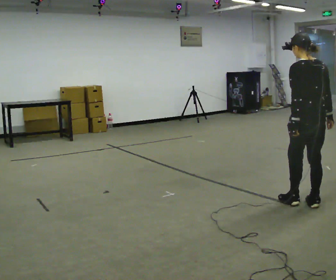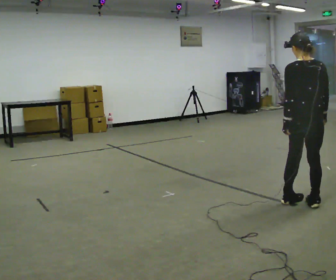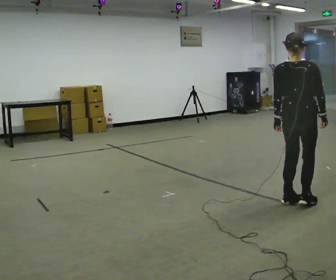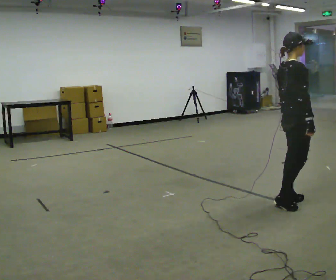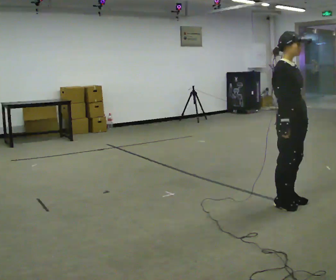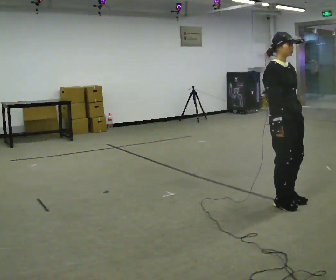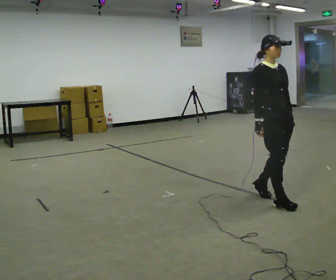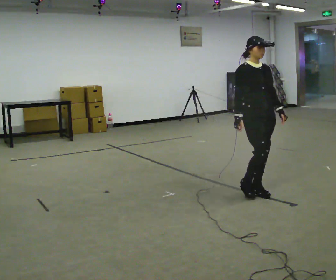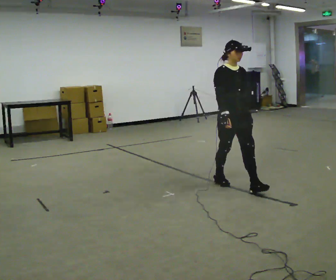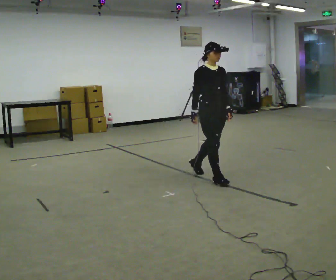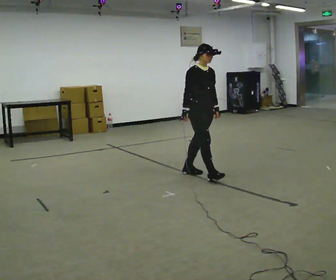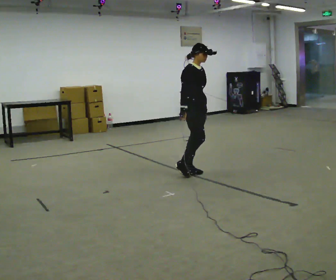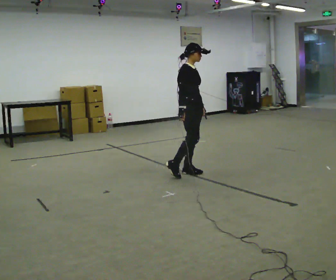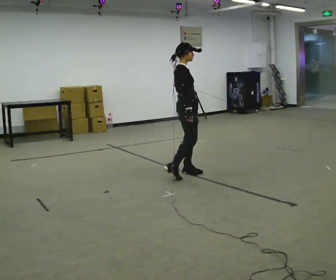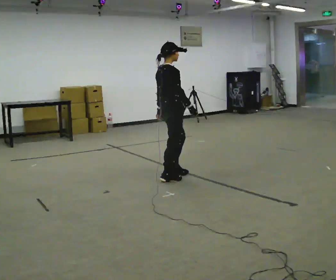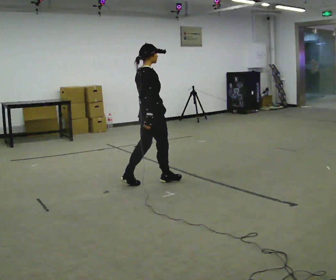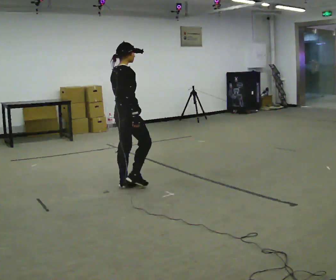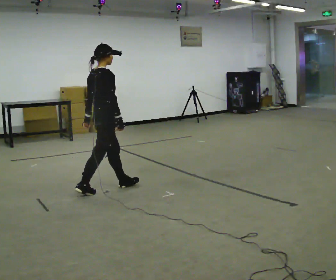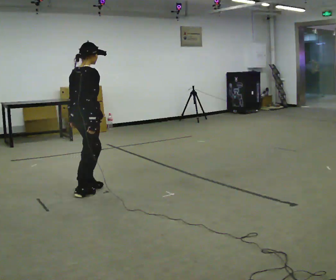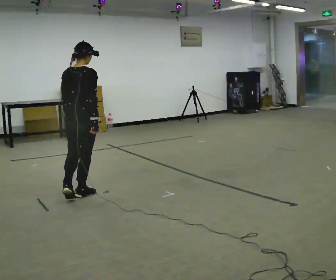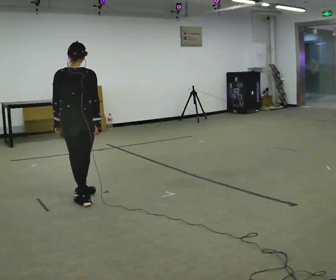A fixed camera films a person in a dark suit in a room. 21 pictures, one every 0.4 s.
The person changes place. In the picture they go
to the left.
0.0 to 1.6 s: The part of the body nearest the lens slides to the left as the person turns to their right by about 150 degrees. In the picture they go to the left, about 0.25 m in 1 step.
1.6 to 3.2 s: Seen from above the body turns clockwise, about 30 degrees: to their right, with its near side sliding to the left. In the picture they go away from the camera and to the left, about 1 m in 3 steps, which for them is backward.
3.2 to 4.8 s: Seen from above the body turns counterclockwise, about 45 degrees: to their left, with its near side sliding to the right. In the picture they go away from the camera and to the left, about 0.5 m in 1 step, which for them is backward.
4.8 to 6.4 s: The part of the body nearest the lens slides to the right as the person turns to their left by about 45 degrees. In the picture they go to the left and toward the camera, about 1 m in 3 steps, which for them is backward.
6.4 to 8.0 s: The person turns about 60 degrees to their left, counterclockwise seen from above, so the part of the body nearest the lens slides to the right. In the picture they go toward the camera and to the left, about 0.5 m in 1 step.
The film runs backward here.
